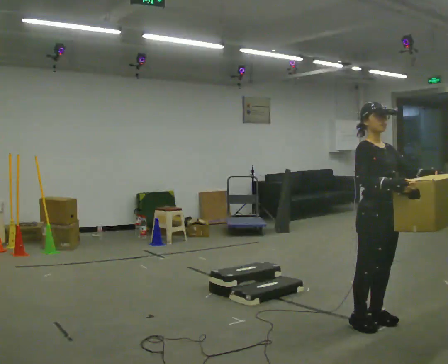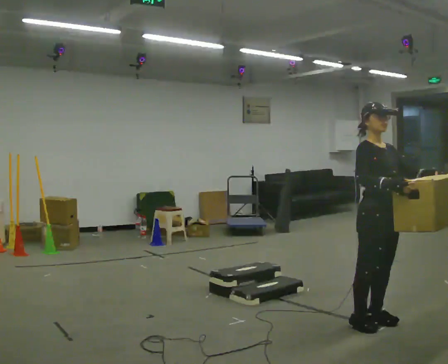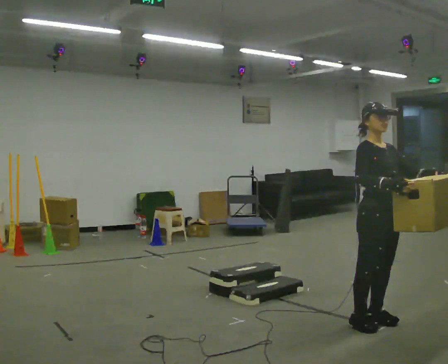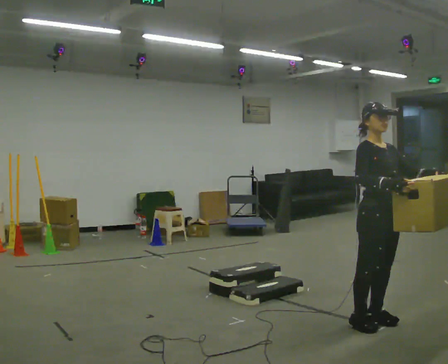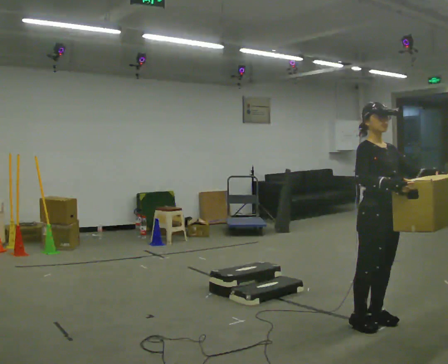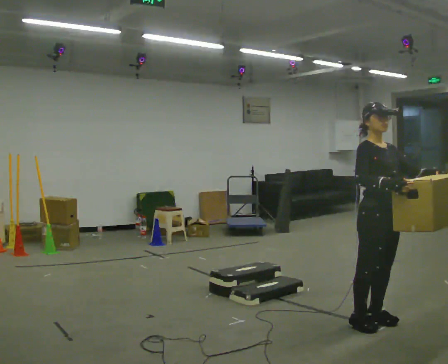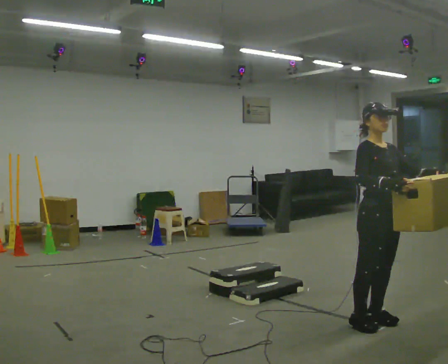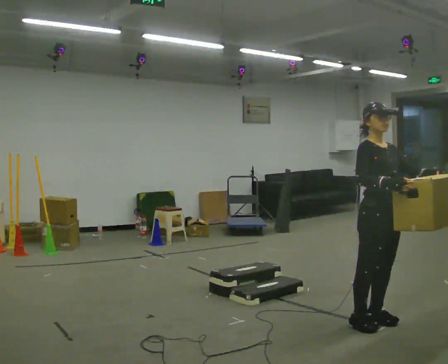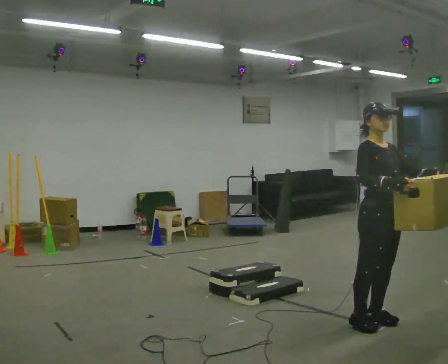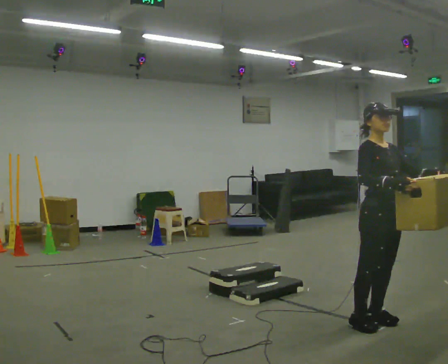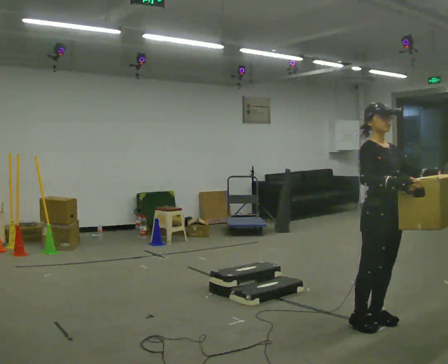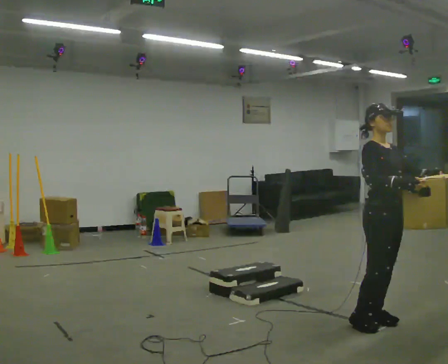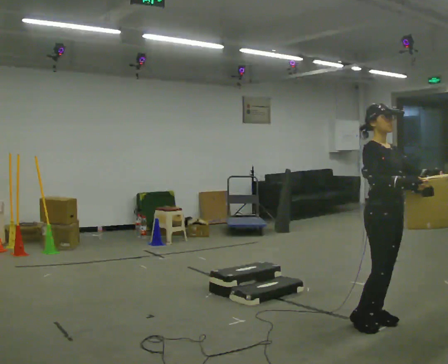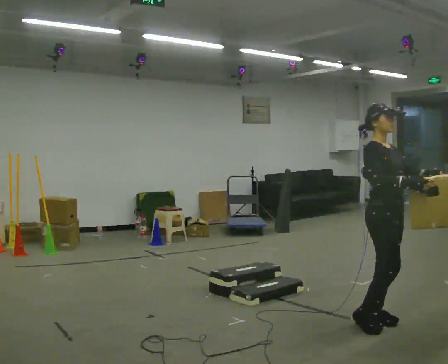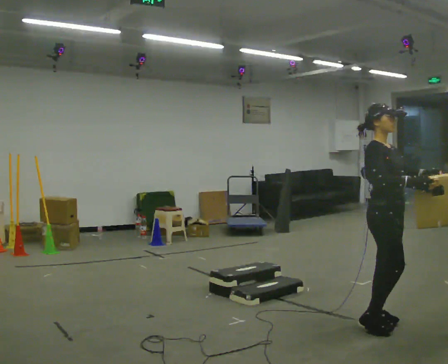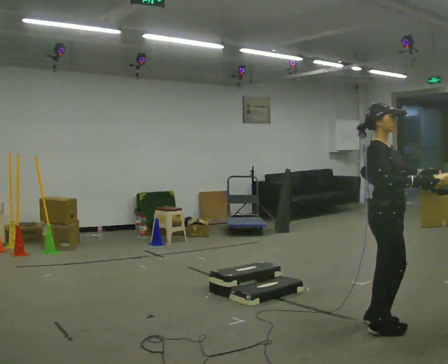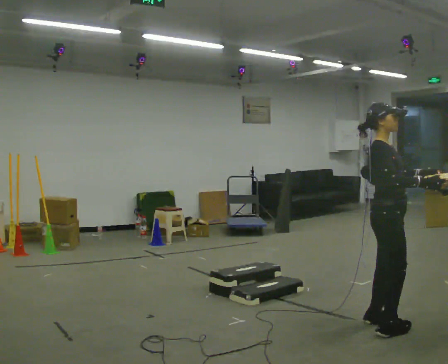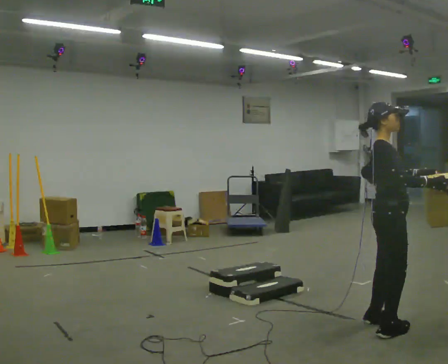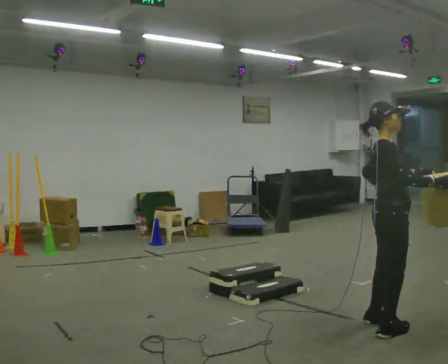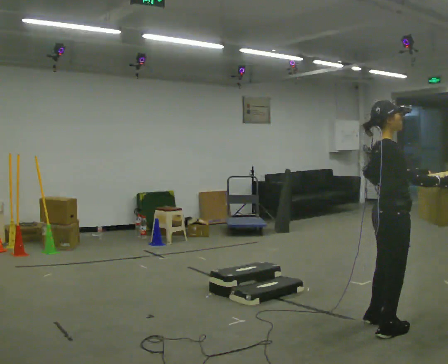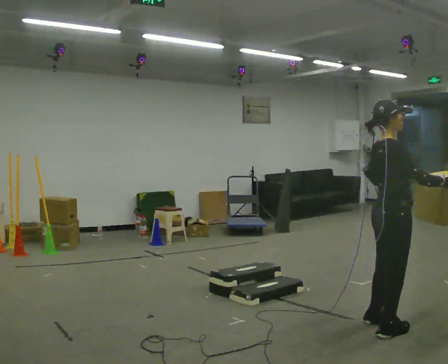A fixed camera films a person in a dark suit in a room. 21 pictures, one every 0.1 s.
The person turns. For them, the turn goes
to their left.
The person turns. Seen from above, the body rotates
counterclockwise.
0.0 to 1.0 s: The person moves a little, or ends about where they began.
1.0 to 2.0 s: The person turns about 60 degrees to their left, counterclockwise seen from above, so the part of the body nearest the lens slides to the right.
The film runs forward here.
